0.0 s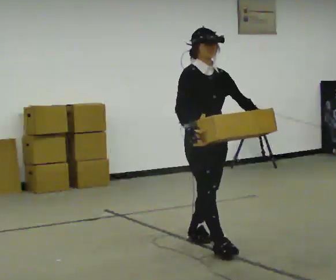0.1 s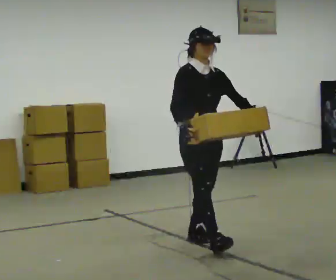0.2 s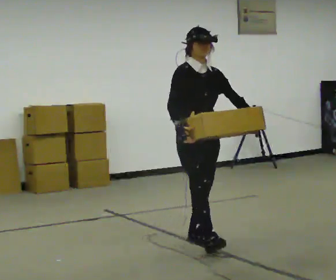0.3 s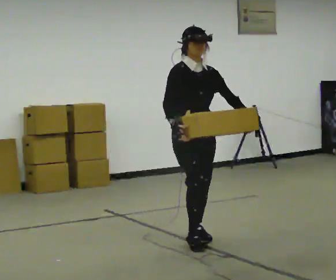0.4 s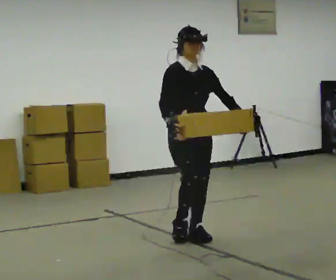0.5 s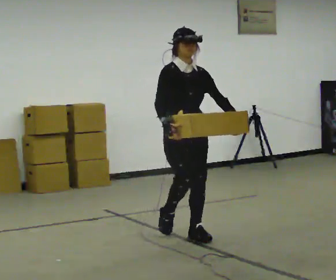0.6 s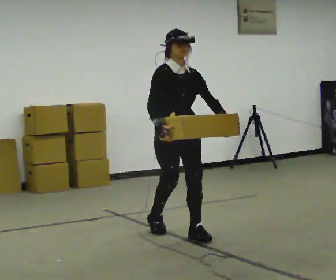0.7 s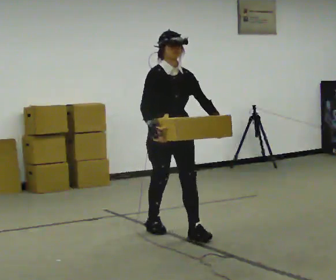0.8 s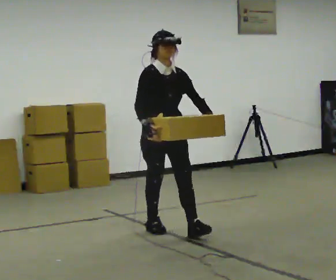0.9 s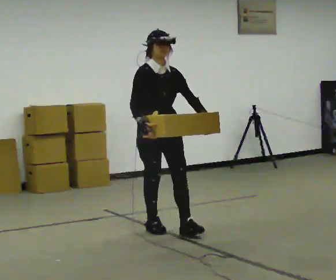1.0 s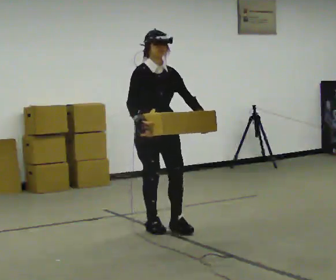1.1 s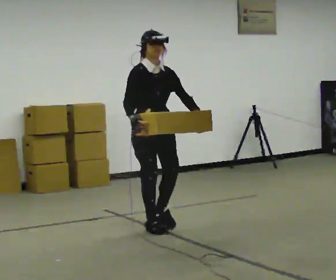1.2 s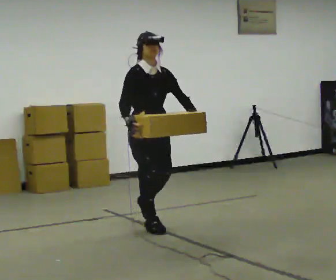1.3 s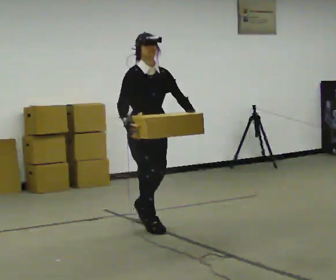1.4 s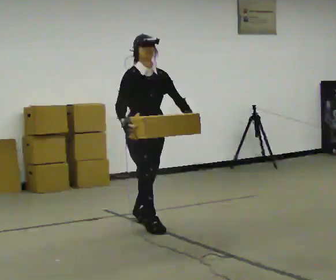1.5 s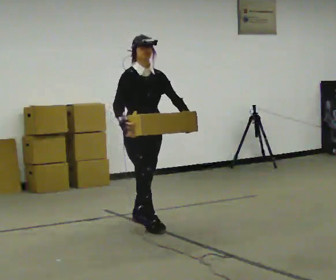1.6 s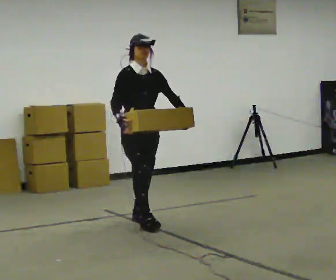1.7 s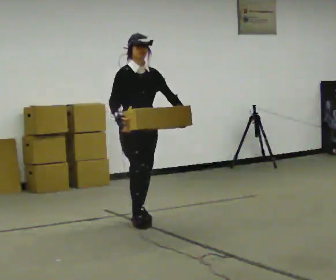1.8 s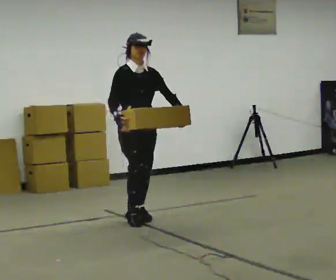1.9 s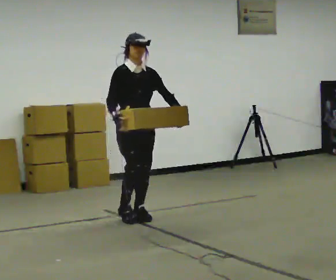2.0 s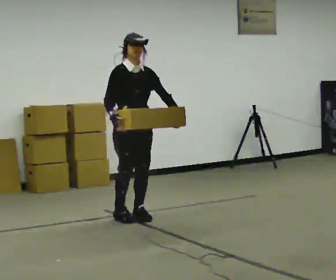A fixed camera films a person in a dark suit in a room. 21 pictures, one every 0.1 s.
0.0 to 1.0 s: In the picture they go away from the camera and to the left, about 0.75 m in 2 steps, which for them is backward.
1.0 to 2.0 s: In the picture they go away from the camera and to the left, about 0.5 m in 1 step, which for them is backward.
The film runs backward here.
